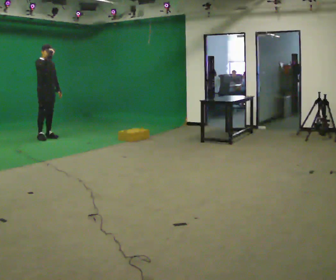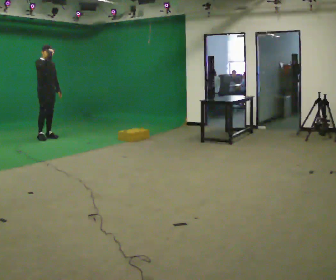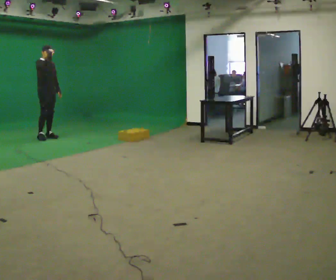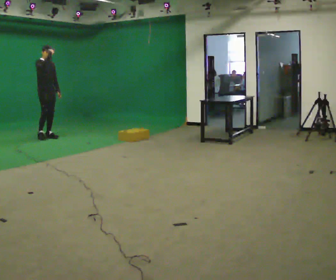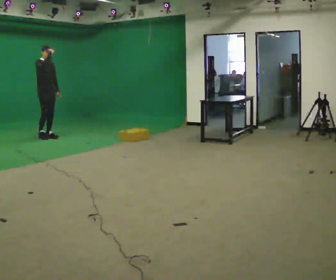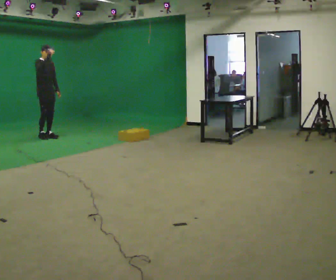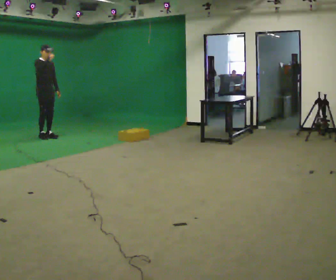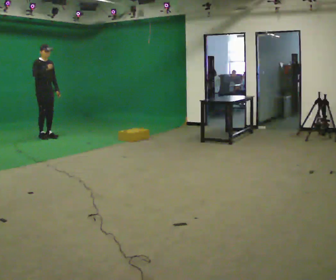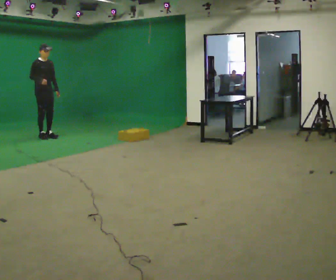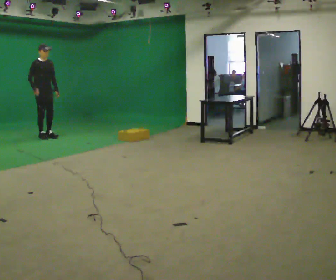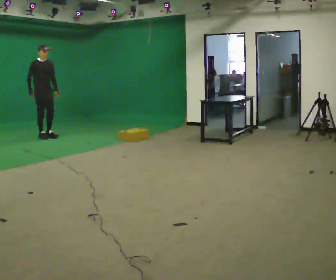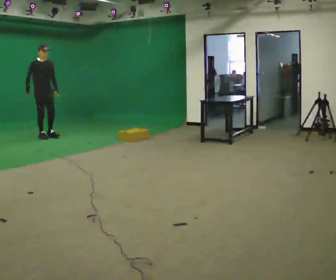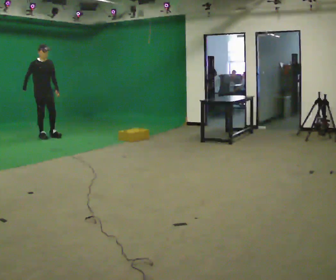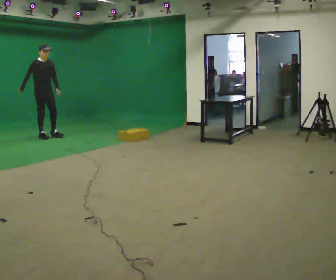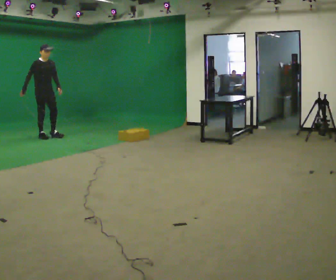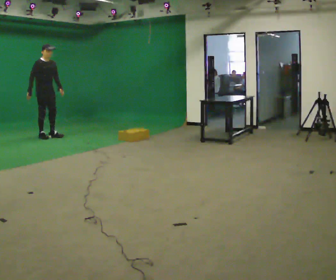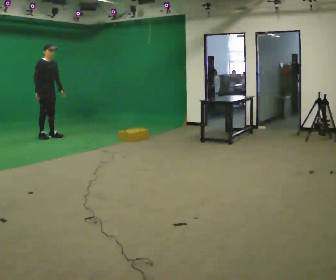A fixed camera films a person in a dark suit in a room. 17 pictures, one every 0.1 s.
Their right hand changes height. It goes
downward.
0.0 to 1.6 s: In the picture their right hand goes downward and to the left.
The film runs backward here.
